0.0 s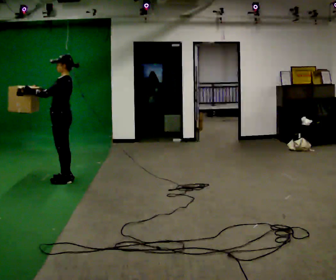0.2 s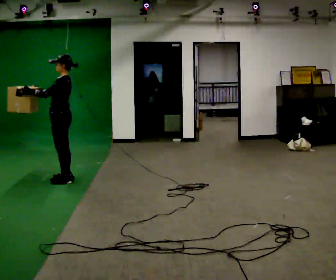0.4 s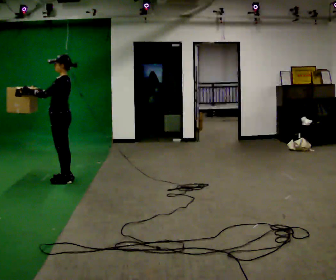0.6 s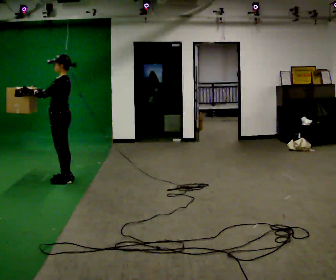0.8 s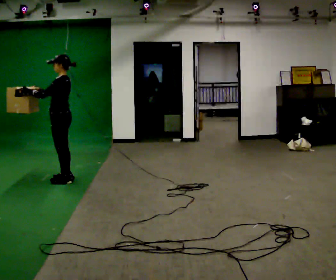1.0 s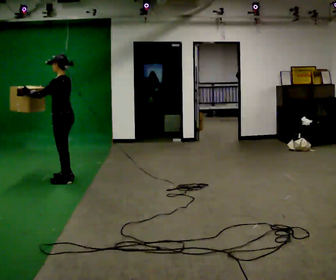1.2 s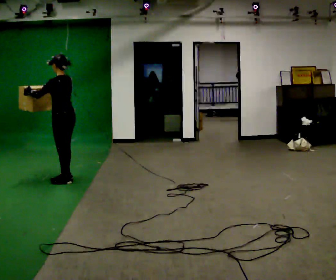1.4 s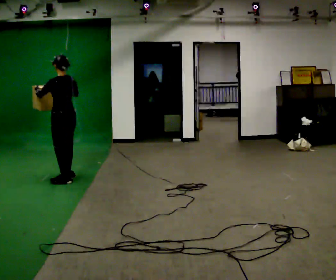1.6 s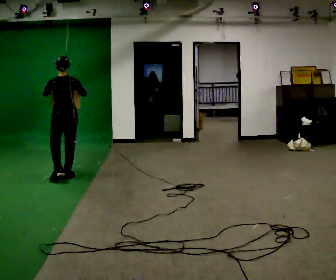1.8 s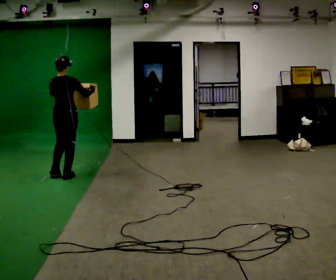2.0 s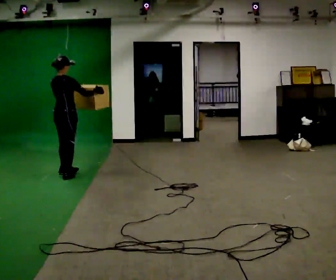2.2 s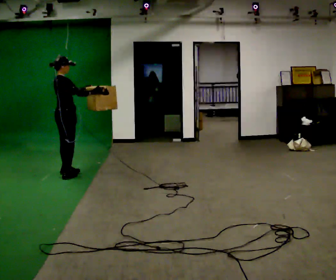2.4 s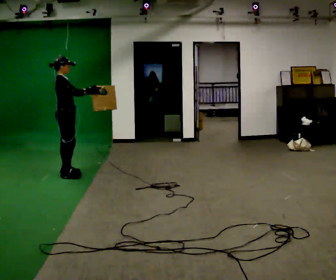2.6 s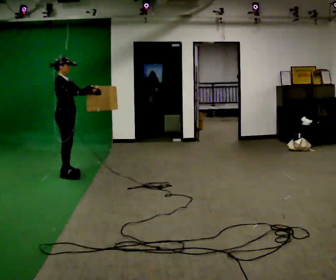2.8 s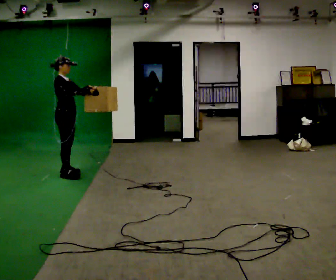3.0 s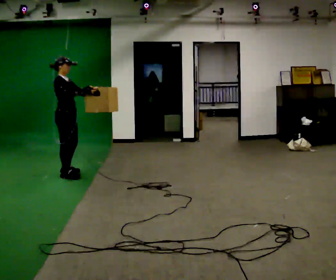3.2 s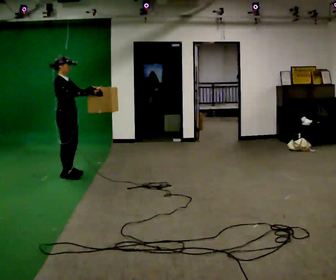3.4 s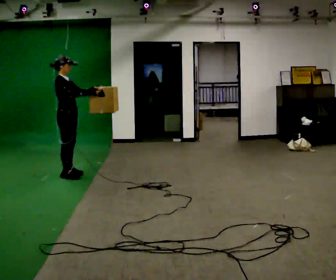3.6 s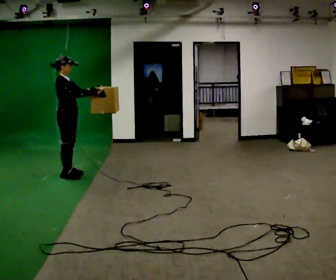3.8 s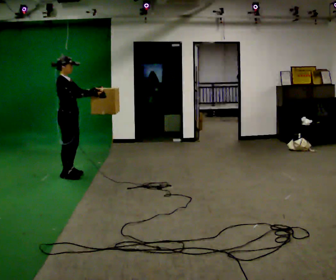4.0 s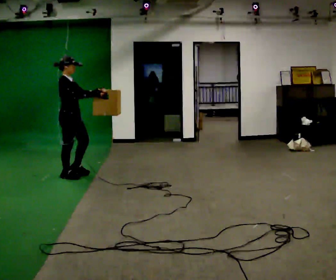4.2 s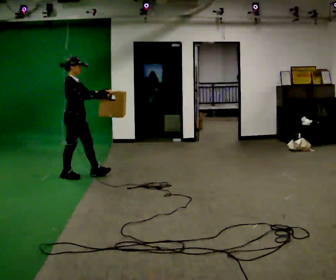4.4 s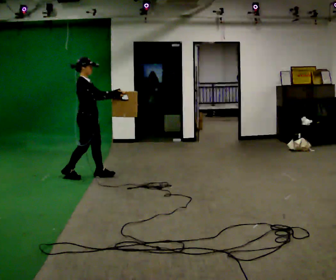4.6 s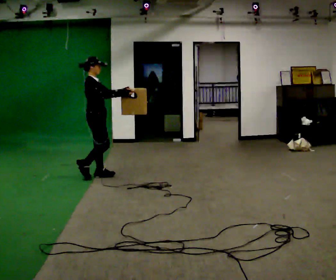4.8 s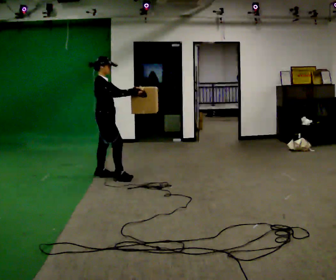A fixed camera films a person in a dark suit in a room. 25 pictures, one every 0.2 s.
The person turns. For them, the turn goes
to their right.
The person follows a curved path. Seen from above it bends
clockwise.
0.0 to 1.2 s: Seen from above the body turns clockwise, about 30 degrees: to their right, with its near side sliding to the left.
1.2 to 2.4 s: The part of the body nearest the lens slides to the left as the person turns to their right by about 150 degrees. In the picture they go away from the camera, about 0.25 m in 1 step.
2.4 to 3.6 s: The person moves a little, or ends about where they began.
3.6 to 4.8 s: In the picture they go to the right, about 0.5 m in 1 step, which for them is forward.
The film runs forward here.
